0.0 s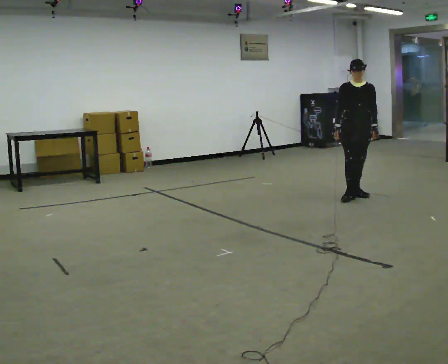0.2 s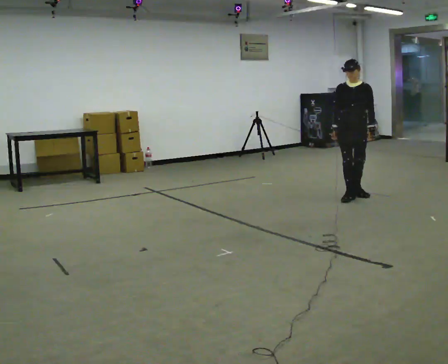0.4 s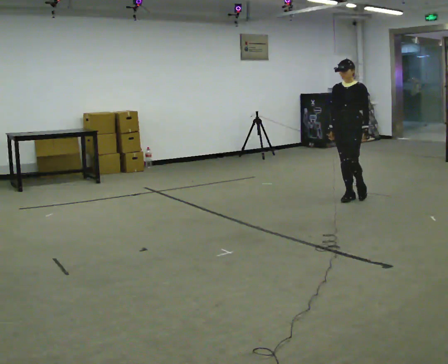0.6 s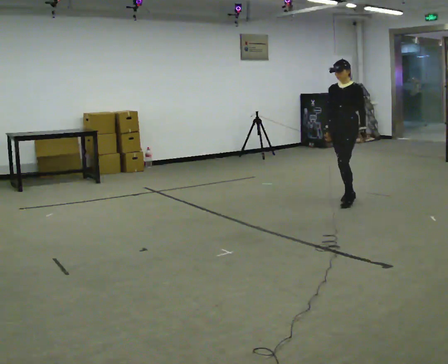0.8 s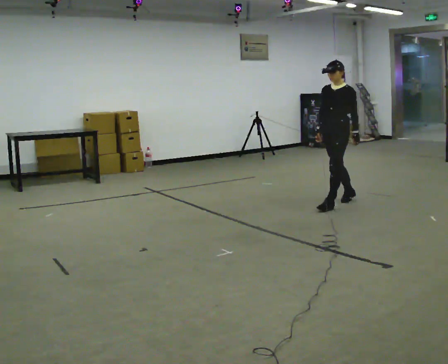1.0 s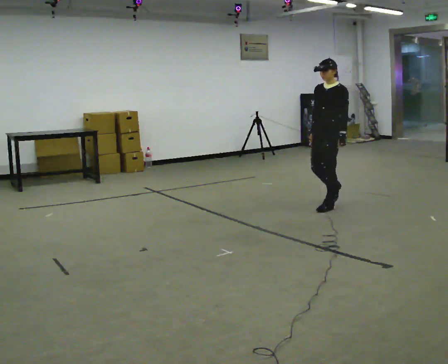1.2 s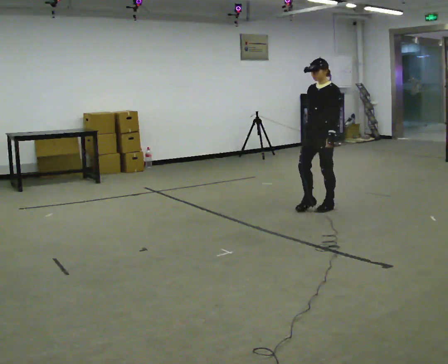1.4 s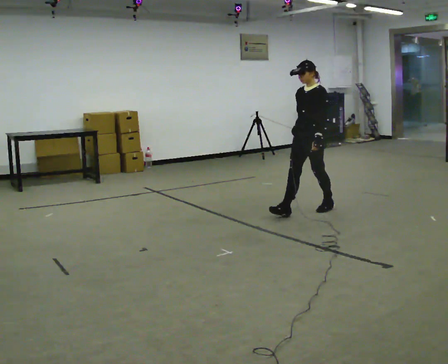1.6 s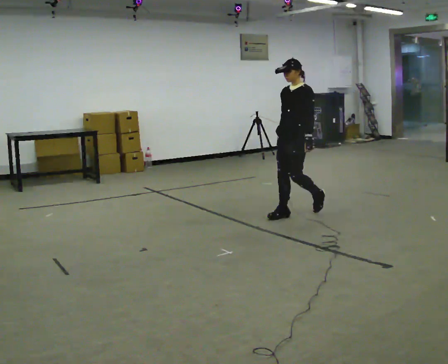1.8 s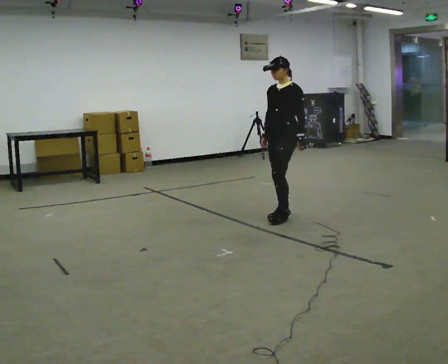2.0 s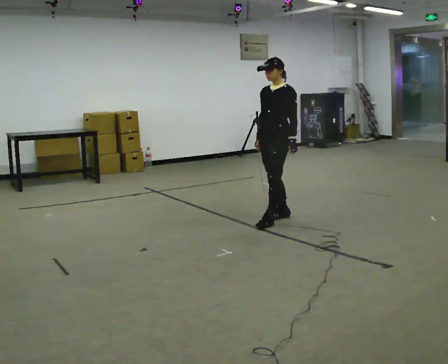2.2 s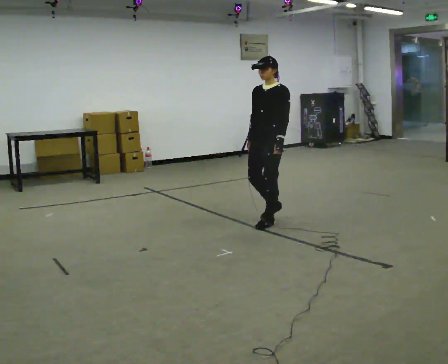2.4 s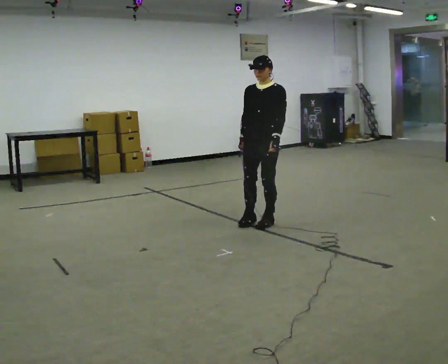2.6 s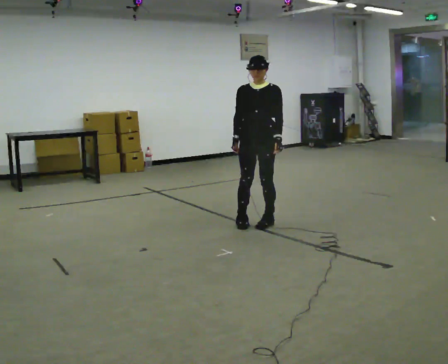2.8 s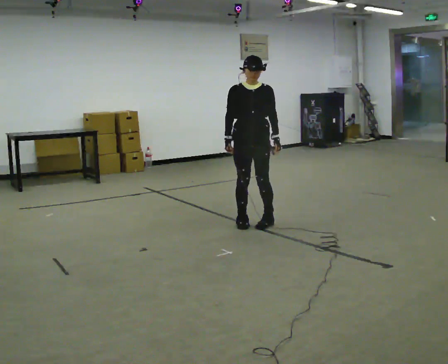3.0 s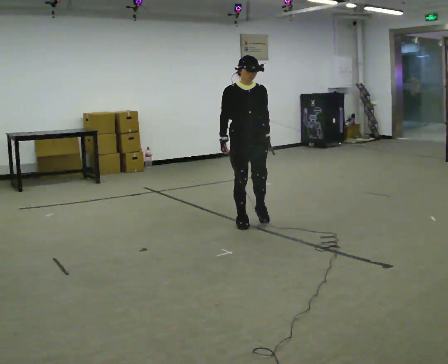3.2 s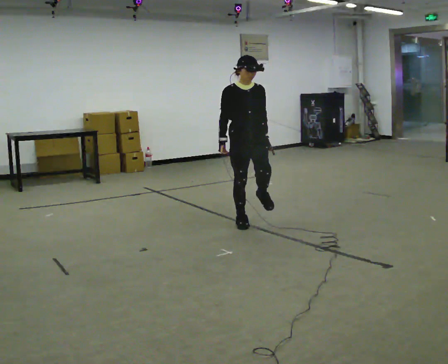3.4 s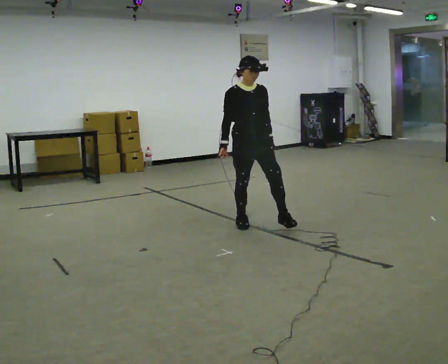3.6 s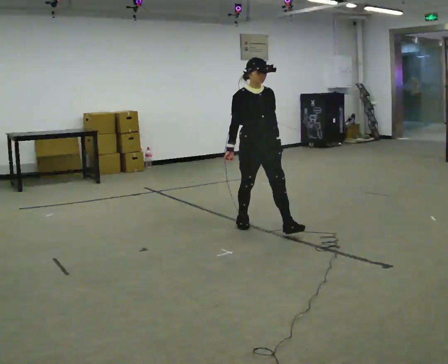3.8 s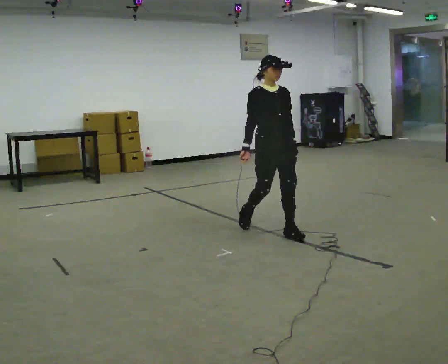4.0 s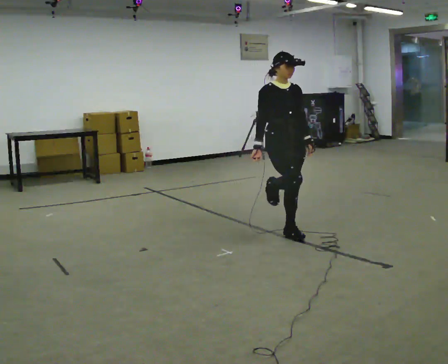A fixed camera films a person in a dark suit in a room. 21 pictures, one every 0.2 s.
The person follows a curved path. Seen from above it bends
counterclockwise.
The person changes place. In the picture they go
toward the camera.
0.0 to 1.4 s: Seen from above the body turns clockwise, about 60 degrees: to their right, with its near side sliding to the left. In the picture they go toward the camera and to the left, about 1 m in 1 step, which for them is forward.
1.4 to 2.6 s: Seen from above the body turns counterclockwise, about 45 degrees: to their left, with its near side sliding to the right. In the picture they go to the left and toward the camera, about 0.75 m in 3 steps, which for them is forward.
2.6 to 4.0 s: The part of the body nearest the lens slides to the right as the person turns to their left by about 45 degrees. In the picture they go toward the camera and to the right, about 0.5 m in 1 step, which for them is forward.
The film runs forward here.
